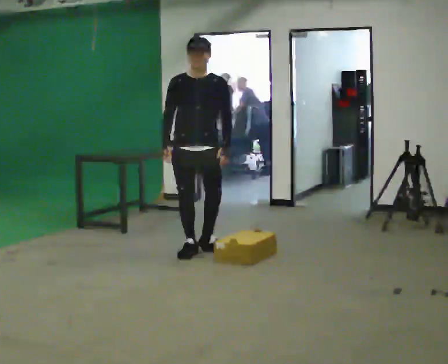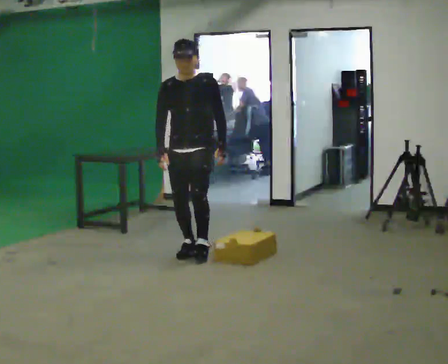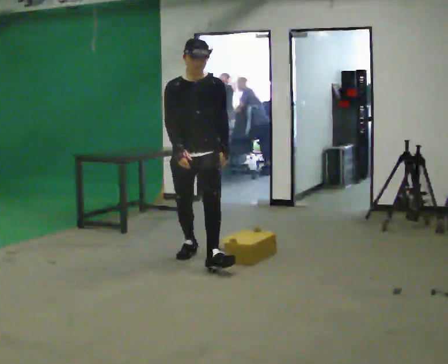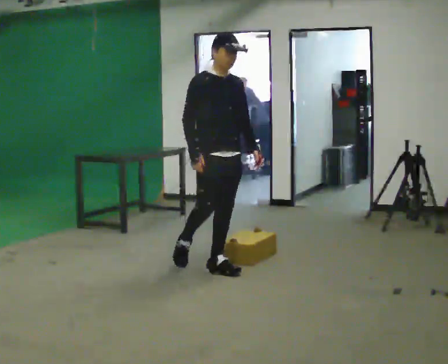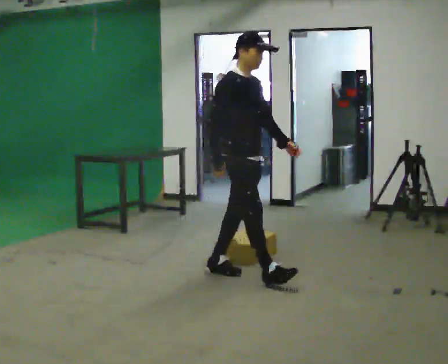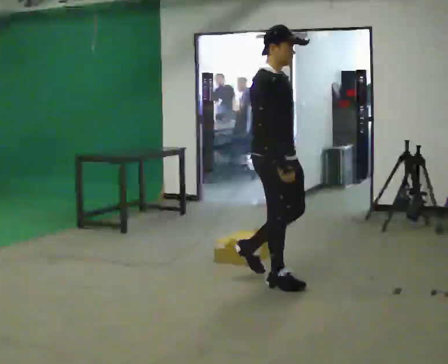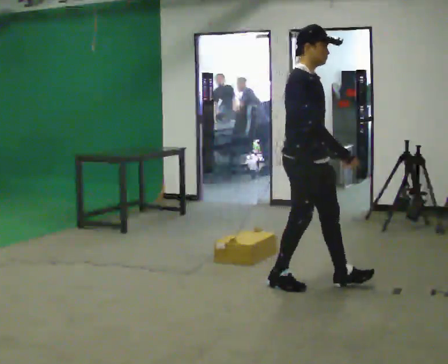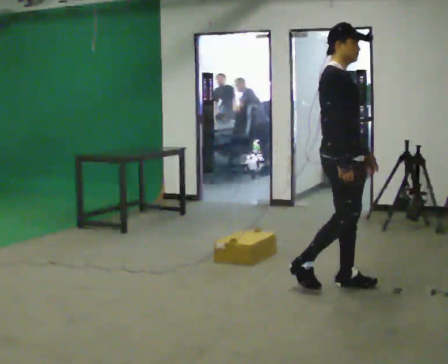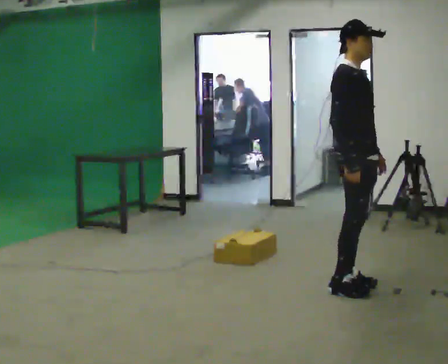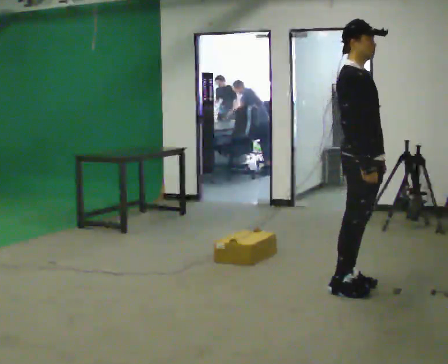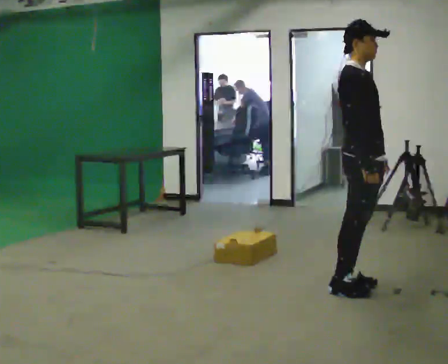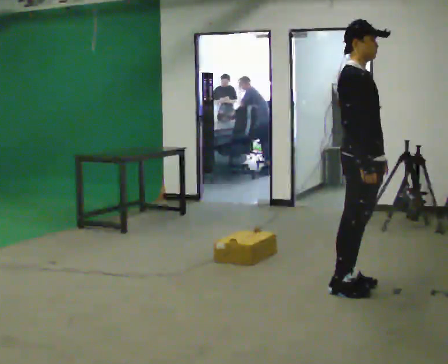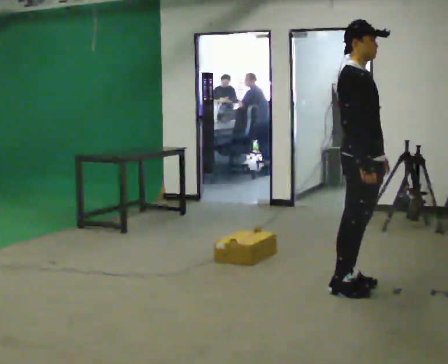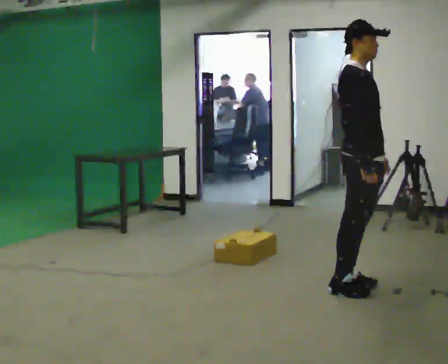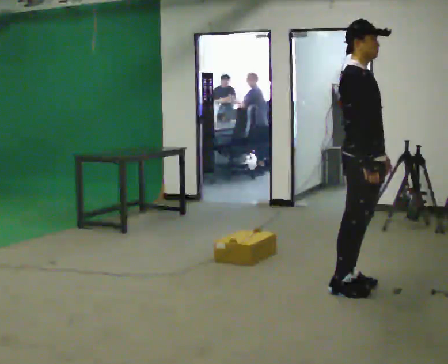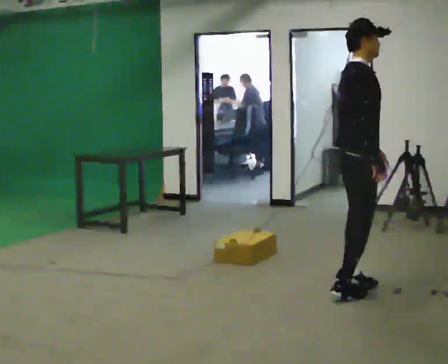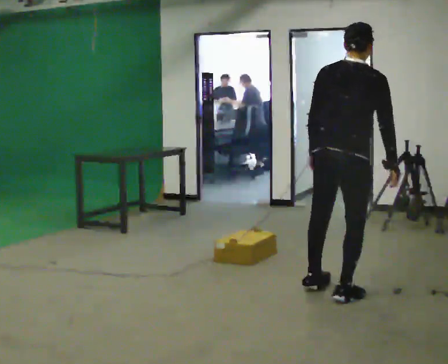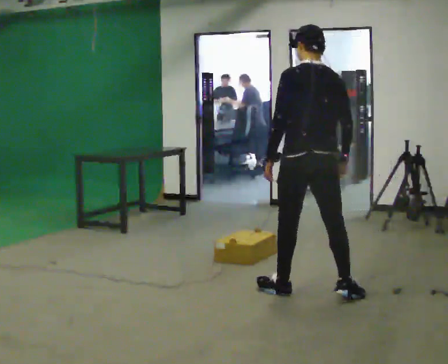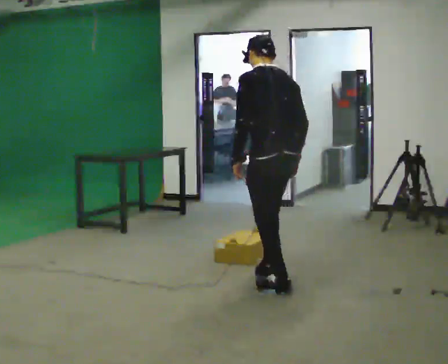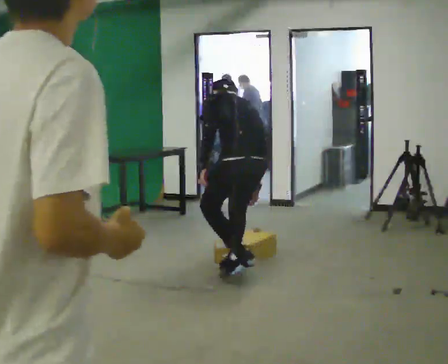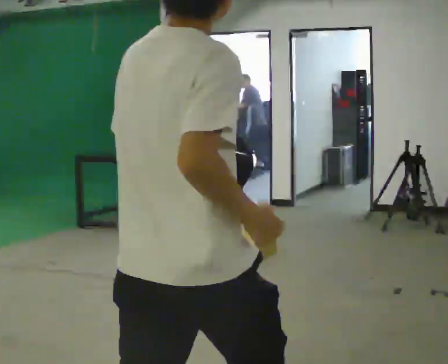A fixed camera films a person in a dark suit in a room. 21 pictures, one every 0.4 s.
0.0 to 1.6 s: The part of the body nearest the lens slides to the right as the person turns to their left by about 60 degrees. In the picture they go toward the camera and to the right, about 1 m in 1 step.
1.6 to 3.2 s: In the picture they go to the right, about 1 m in 3 steps, which for them is forward.
3.2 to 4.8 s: The person moves a little, or ends about where they began.
4.8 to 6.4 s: The person turns about 90 degrees to their left, counterclockwise seen from above, so the part of the body nearest the lens slides to the right. In the picture the upper body tilts clockwise, shoulders to the right, as they bend forward. In the picture their left hand goes to the left.
6.4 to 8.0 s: The person turns about 60 degrees to their left, counterclockwise seen from above, so the part of the body nearest the lens slides to the right. In the picture they go to the left and away from the camera, about 1 m in 3 steps. The shoulders move downward. In the picture the upper body tilts counterclockwise, shoulders to the left, as they bend forward.
The film runs forward here.
